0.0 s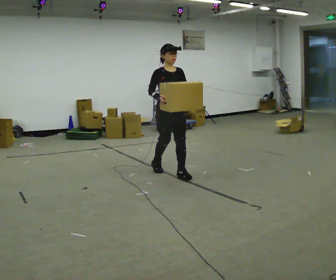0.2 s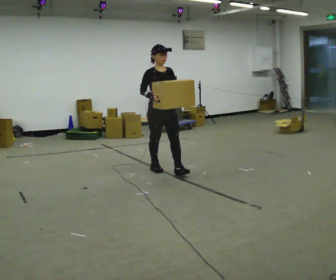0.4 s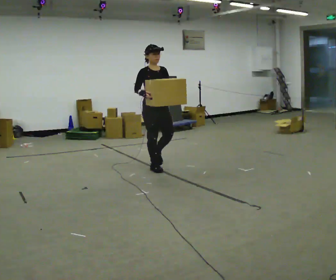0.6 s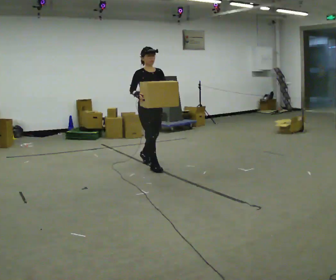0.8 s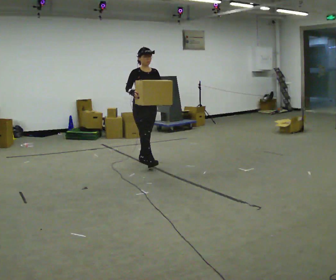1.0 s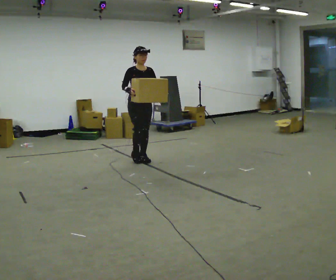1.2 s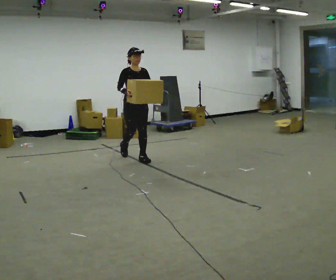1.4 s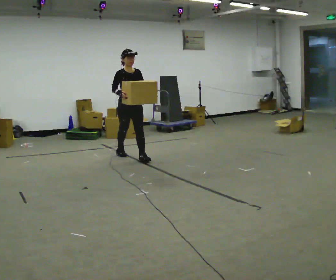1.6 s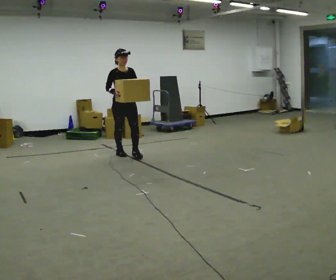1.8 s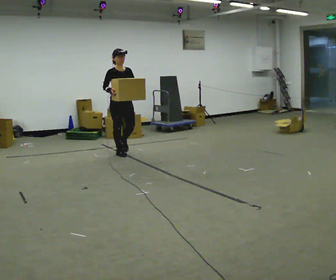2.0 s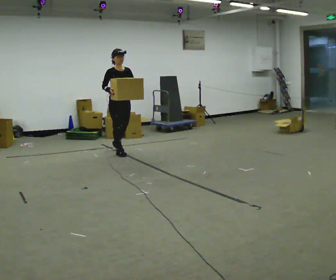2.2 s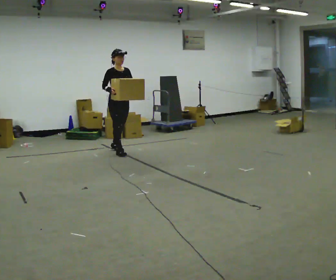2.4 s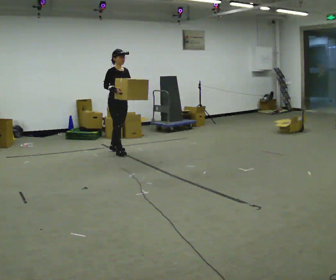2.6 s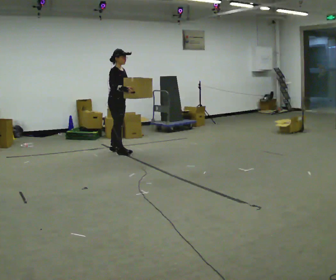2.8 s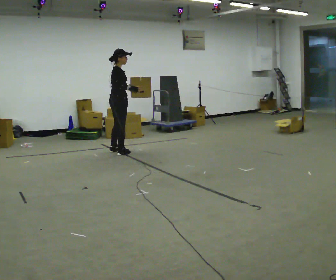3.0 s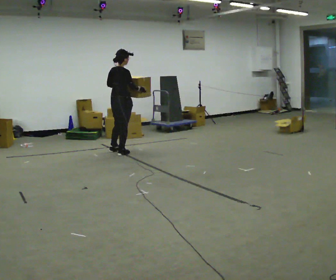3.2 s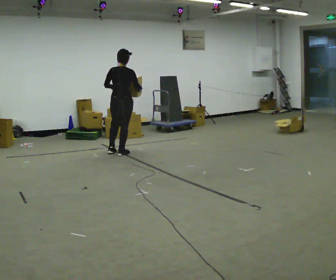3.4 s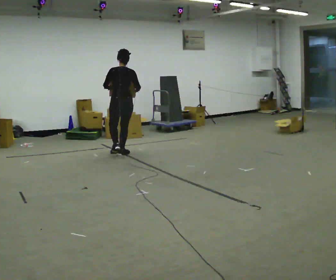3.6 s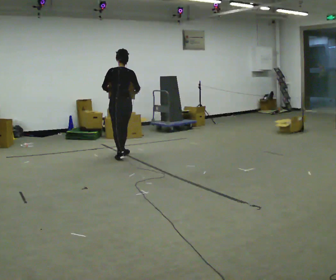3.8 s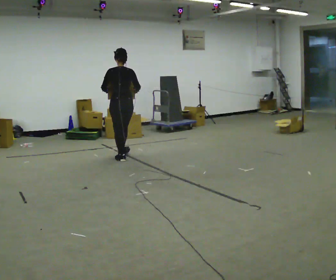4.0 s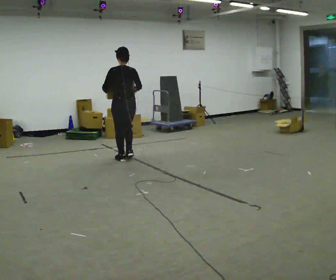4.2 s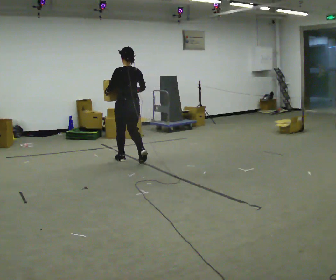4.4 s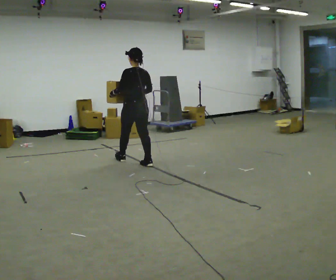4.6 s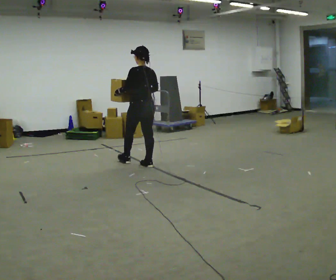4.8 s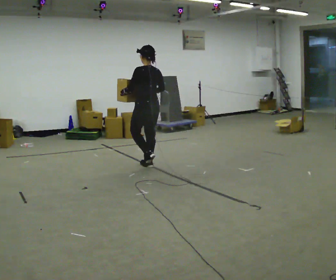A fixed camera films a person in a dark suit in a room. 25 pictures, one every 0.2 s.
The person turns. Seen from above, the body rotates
counterclockwise.
The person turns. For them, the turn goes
to their left.
0.0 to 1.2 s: In the picture they go away from the camera and to the left, about 1 m in 2 steps, which for them is backward.
1.2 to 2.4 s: Seen from above the body turns counterclockwise, about 30 degrees: to their left, with its near side sliding to the right. In the picture they go away from the camera and to the left, about 0.5 m in 1 step, which for them is backward.
2.4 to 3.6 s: Seen from above the body turns counterclockwise, about 150 degrees: to their left, with its near side sliding to the right. In the picture they go toward the camera, about 0.25 m in 1 step.
3.6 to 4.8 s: In the picture they go toward the camera and to the right, about 1 m in 2 steps, which for them is backward.
The film runs backward here.
